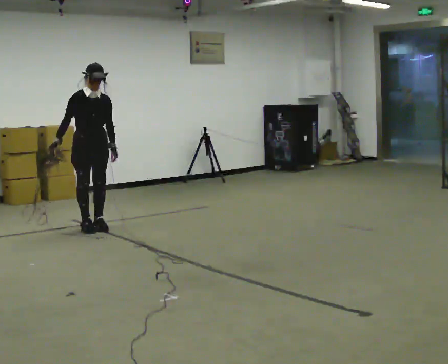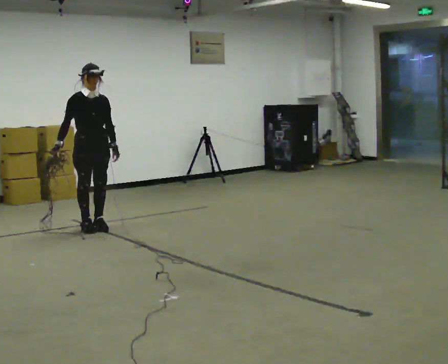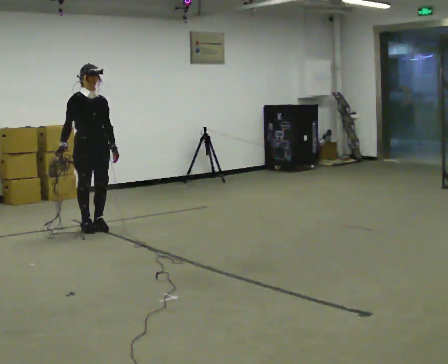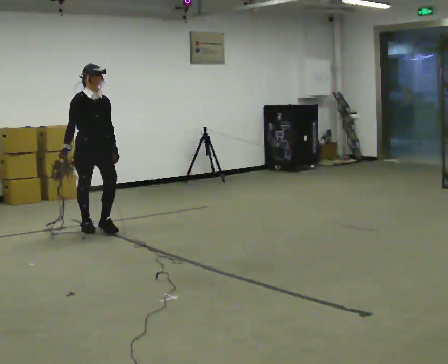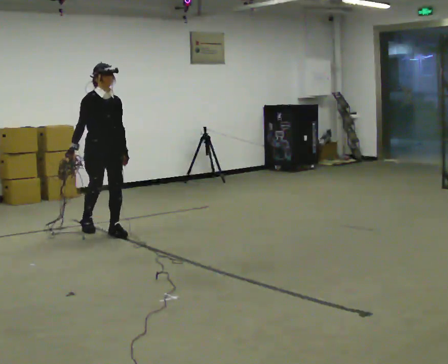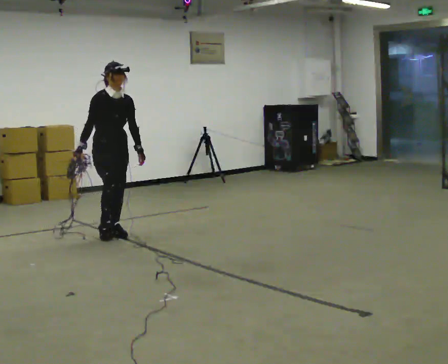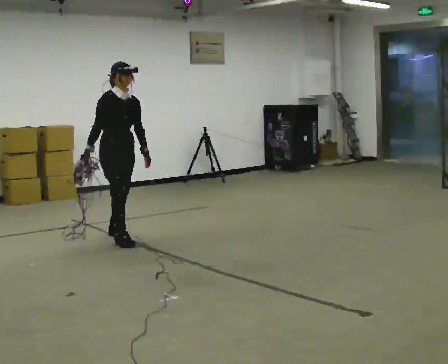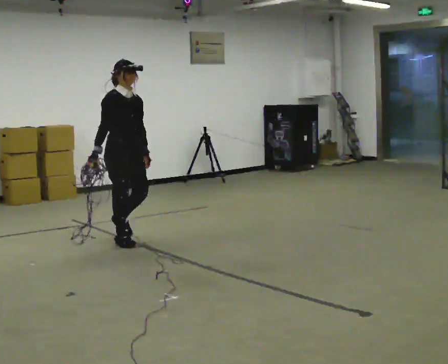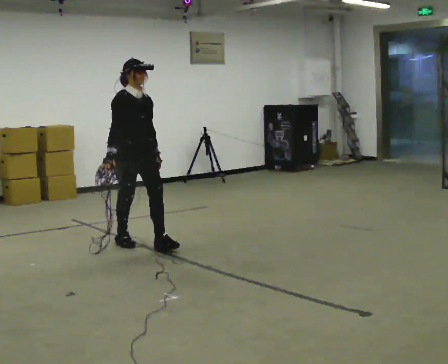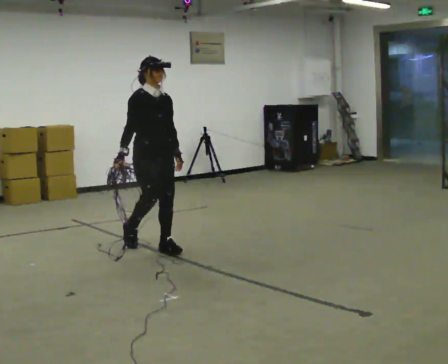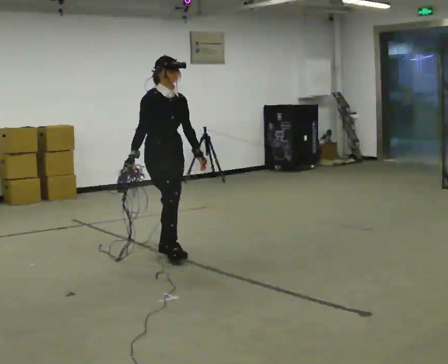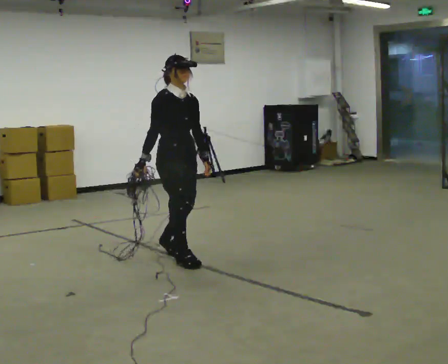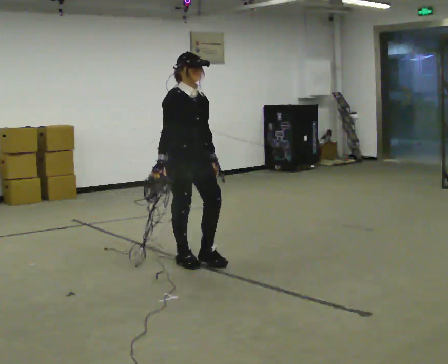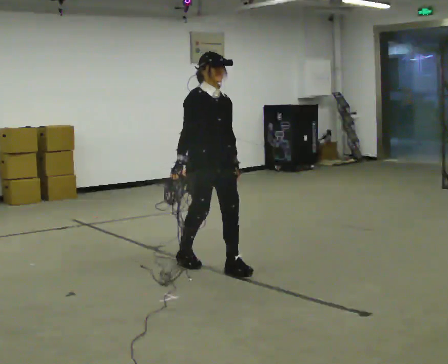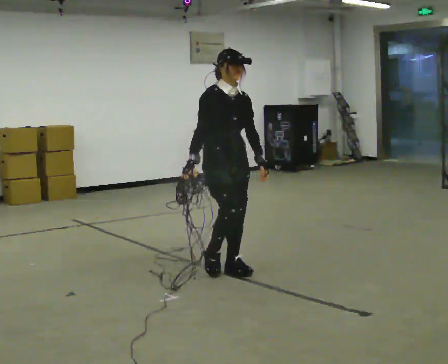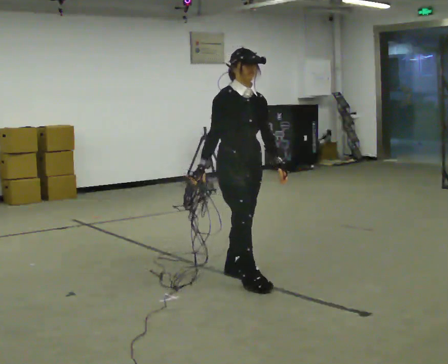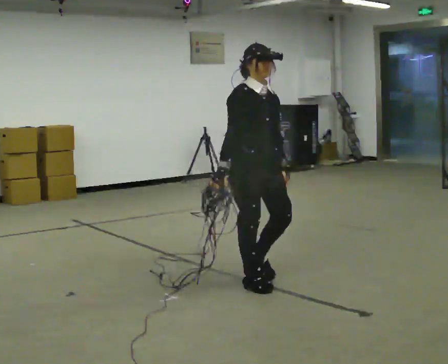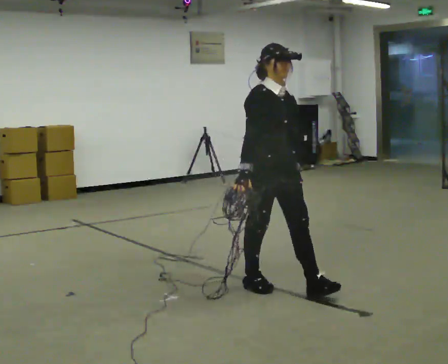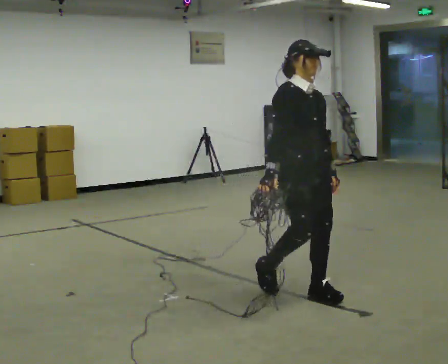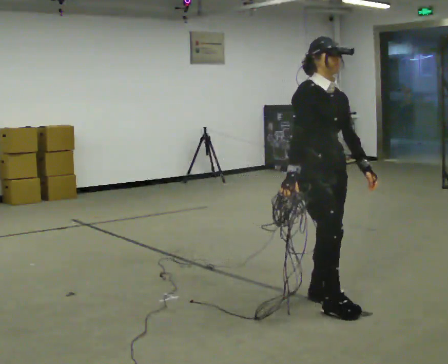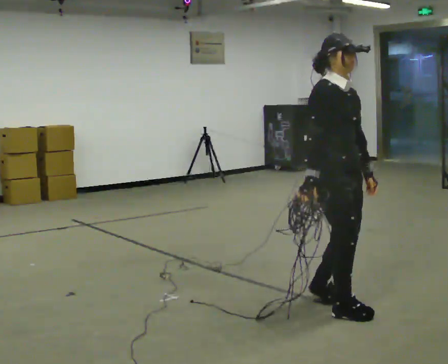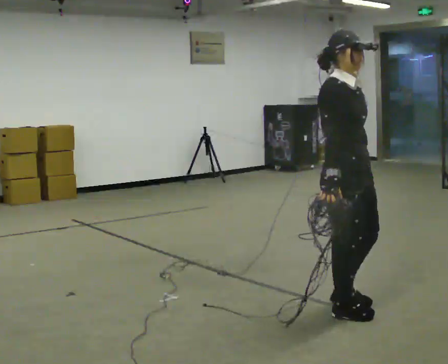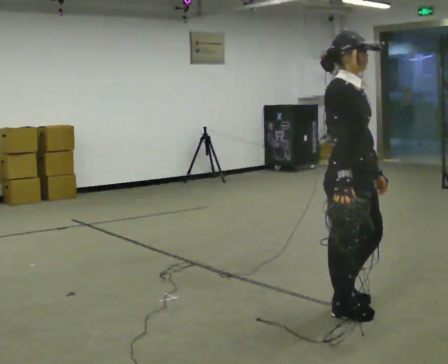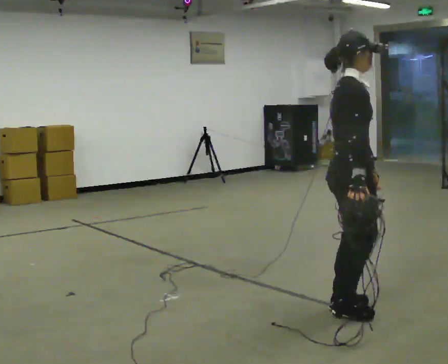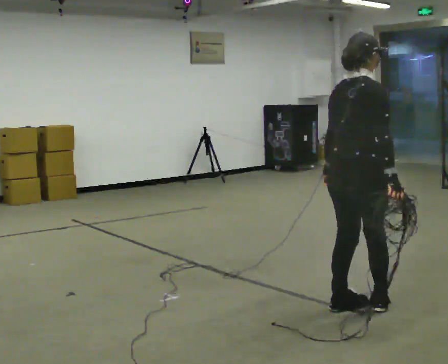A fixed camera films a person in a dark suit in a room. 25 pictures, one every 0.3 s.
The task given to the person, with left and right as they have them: Pick up the coiled hose, carry it across the room, and set it down. It will move around as you walk. Keep going until the operator says stop; one object at a time, and do not rush between trips.
0.0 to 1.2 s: In the picture they go toward the camera and to the right, about 0.25 m in 1 step, which for them is forward.
1.2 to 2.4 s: In the picture they go toward the camera and to the right, about 0.5 m in 1 step, which for them is forward.
2.4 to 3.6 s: In the picture they go toward the camera and to the right, about 0.5 m in 2 steps, which for them is forward.
3.6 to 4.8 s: In the picture they go toward the camera and to the right, about 1 m in 2 steps, which for them is forward.
4.8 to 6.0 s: In the picture they go toward the camera and to the right, about 0.5 m in 2 steps, which for them is forward.
6.0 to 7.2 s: The person turns about 75 degrees to their left, counterclockwise seen from above, so the part of the body nearest the lens slides to the right.
The film runs forward here.
